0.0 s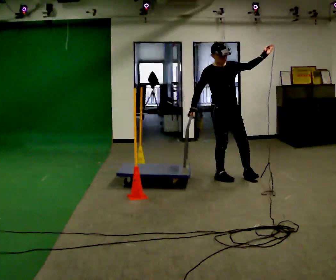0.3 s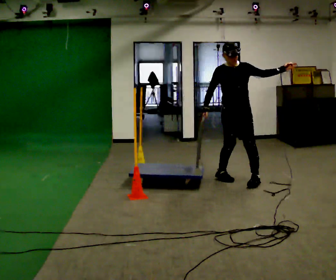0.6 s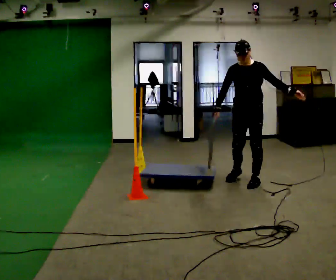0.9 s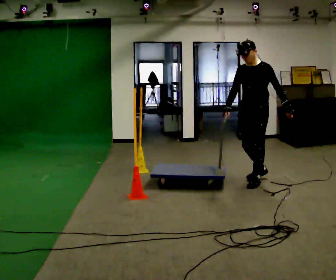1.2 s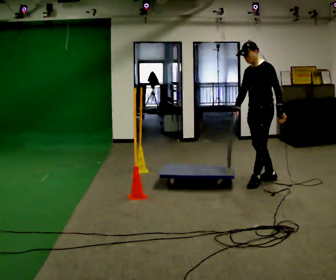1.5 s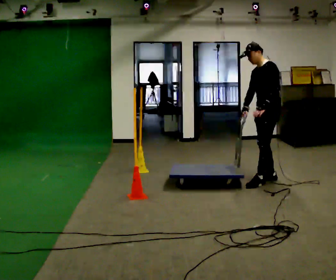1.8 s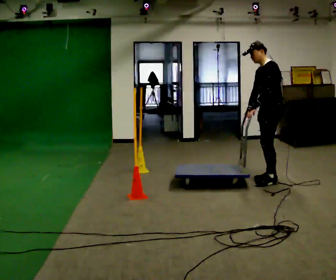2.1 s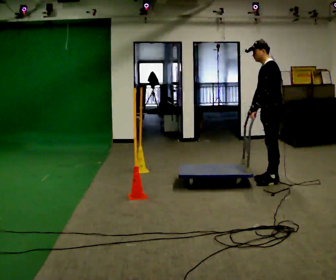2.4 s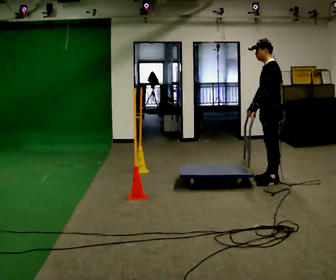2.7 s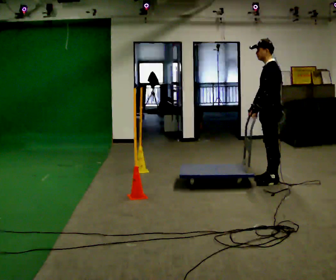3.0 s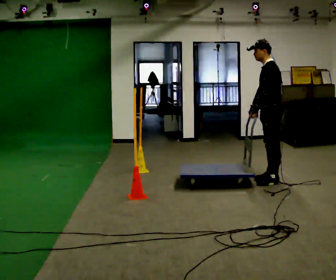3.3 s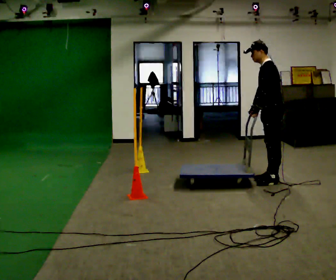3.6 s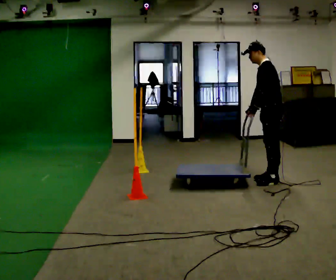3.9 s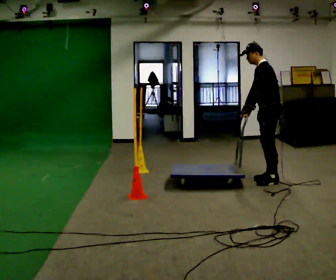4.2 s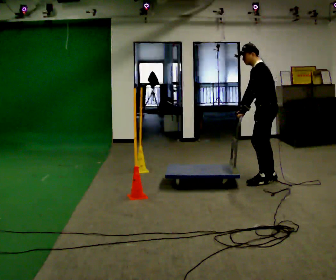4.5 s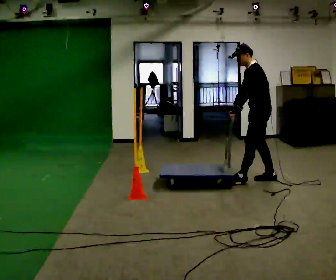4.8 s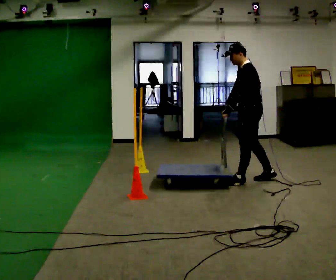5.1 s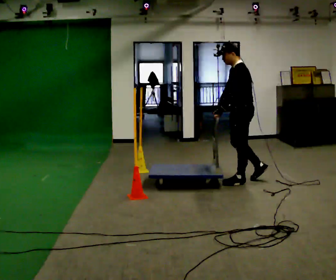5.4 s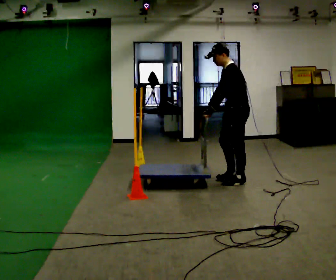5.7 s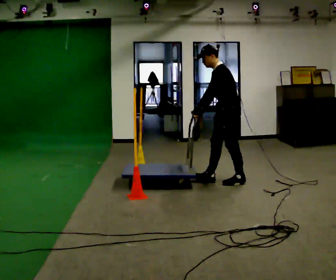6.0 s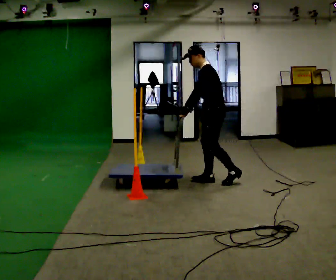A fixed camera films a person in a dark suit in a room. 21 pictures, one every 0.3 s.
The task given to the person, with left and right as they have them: Push the cart through the gap between the poles without touching them, then bring it back through.
0.0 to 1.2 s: The person turns about 105 degrees to their right, clockwise seen from above, so the part of the body nearest the lens slides to the left. In the picture they go to the right, about 0.5 m in 2 steps. In the picture their left hand goes downward, the arm swinging clockwise.
1.2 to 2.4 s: The part of the body nearest the lens slides to the left as the person turns to their right by about 30 degrees.
2.4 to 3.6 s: The person moves a little, or ends about where they began.
3.6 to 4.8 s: In the picture they go to the left, about 0.25 m in 1 step, which for them is forward.
4.8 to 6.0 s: In the picture they go to the left, about 0.5 m in 1 step, which for them is forward.
The film runs forward here.
